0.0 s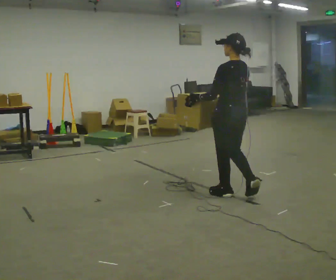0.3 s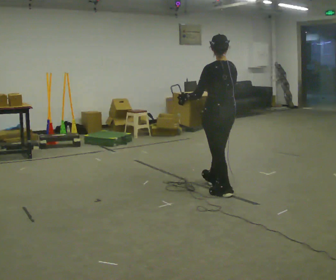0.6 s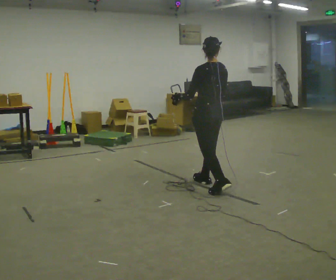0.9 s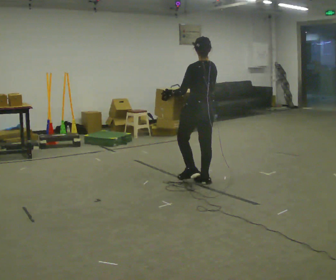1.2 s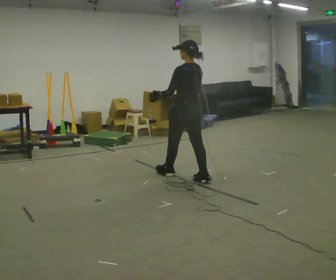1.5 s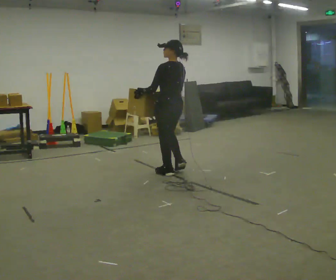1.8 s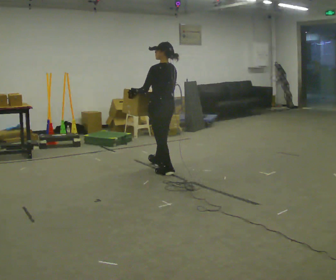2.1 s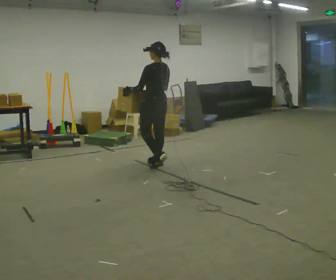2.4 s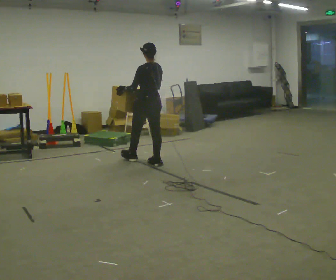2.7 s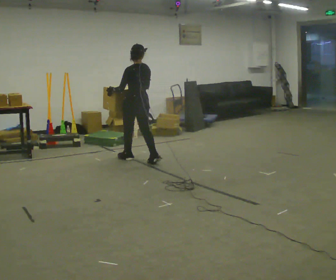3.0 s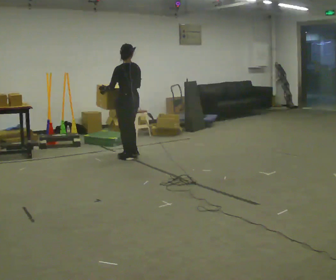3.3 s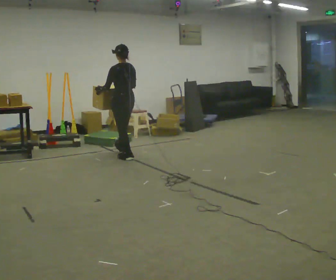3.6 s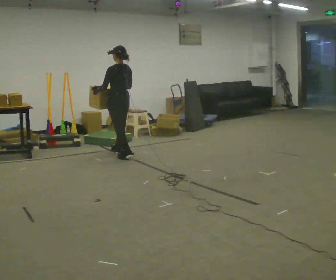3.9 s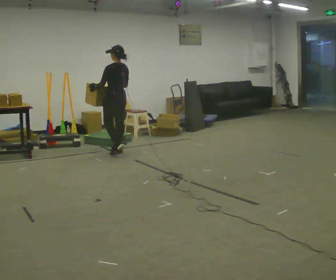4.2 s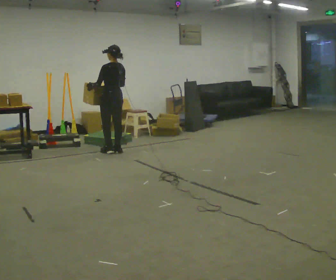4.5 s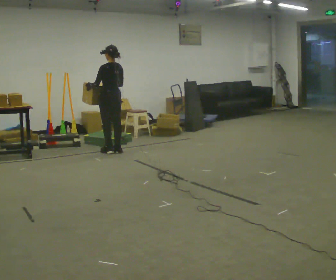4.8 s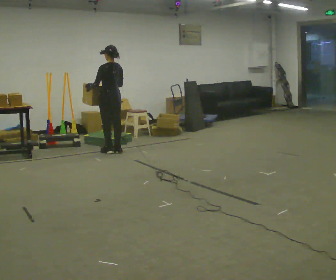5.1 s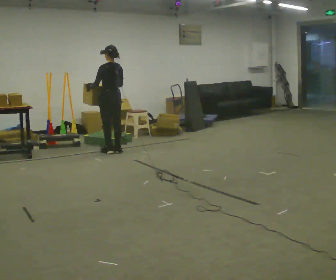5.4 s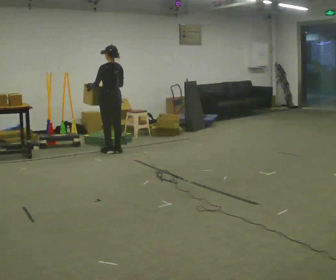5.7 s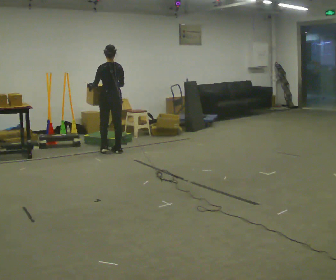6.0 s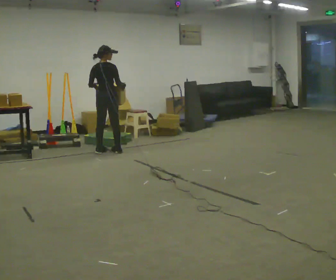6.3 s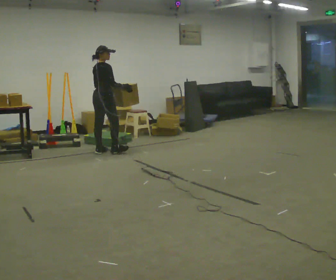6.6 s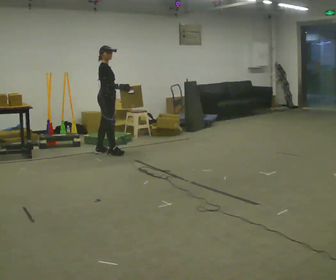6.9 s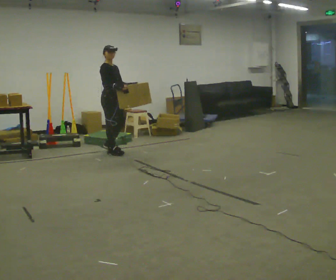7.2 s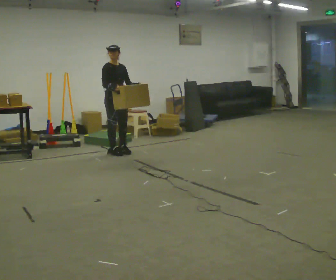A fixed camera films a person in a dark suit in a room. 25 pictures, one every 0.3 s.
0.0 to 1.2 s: In the picture they go away from the camera and to the left, about 1 m in 2 steps, which for them is forward.
1.2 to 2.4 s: In the picture they go away from the camera and to the left, about 1 m in 2 steps, which for them is forward.
2.4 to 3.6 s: In the picture they go away from the camera and to the left, about 0.75 m in 1 step, which for them is forward.
3.6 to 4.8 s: In the picture they go away from the camera, about 0.25 m in 1 step, which for them is forward.
4.8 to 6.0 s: The person turns about 60 degrees to their right, clockwise seen from above, so the part of the body nearest the lens slides to the left.
6.0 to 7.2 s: Seen from above the body turns clockwise, about 105 degrees: to their right, with its near side sliding to the left. In the picture they go to the right, about 0.25 m in 1 step.
The film runs forward here.
